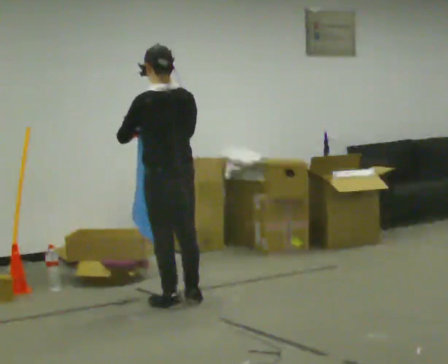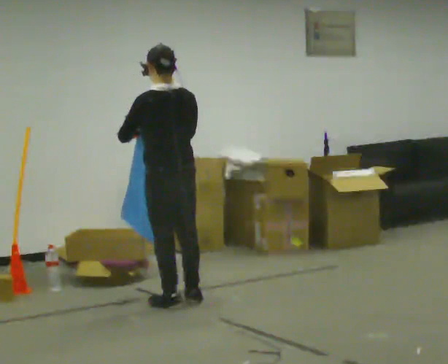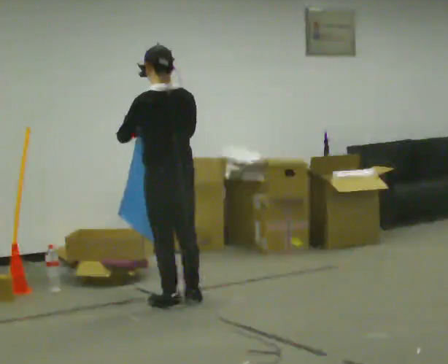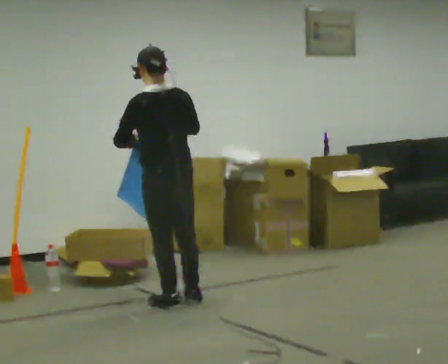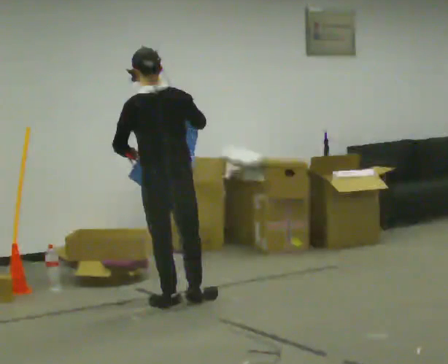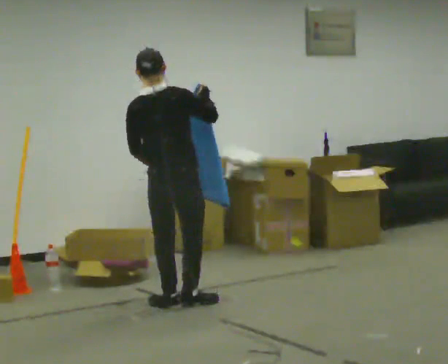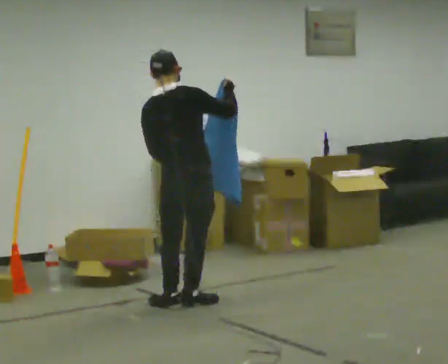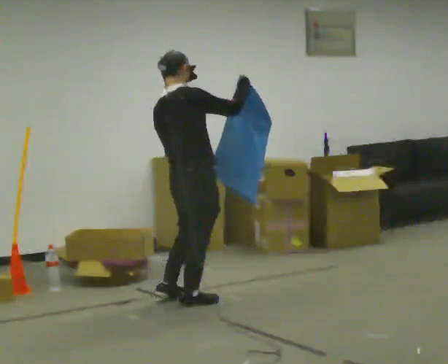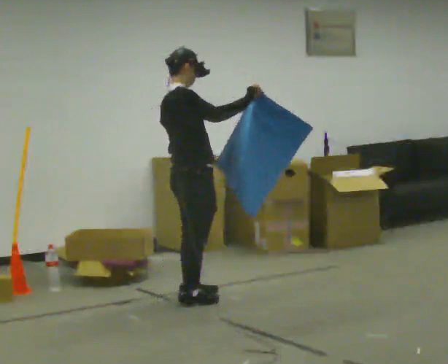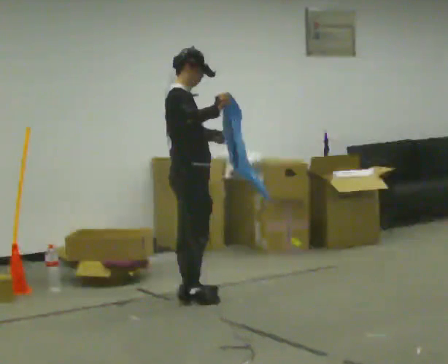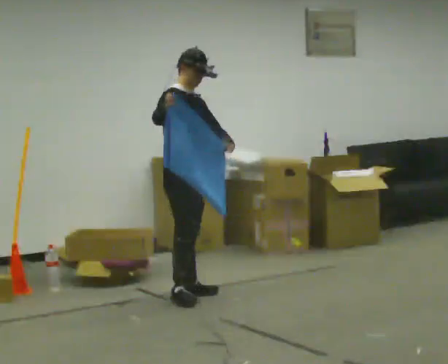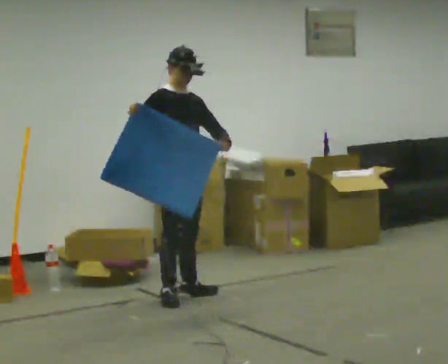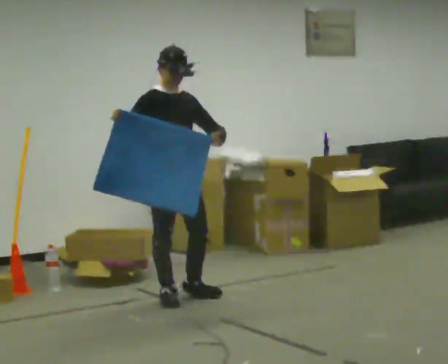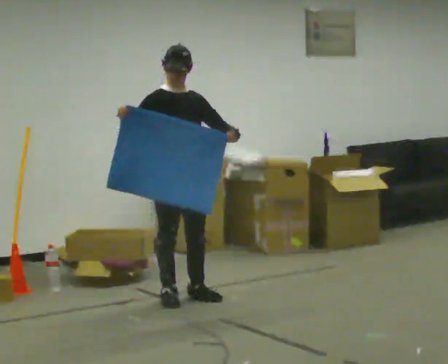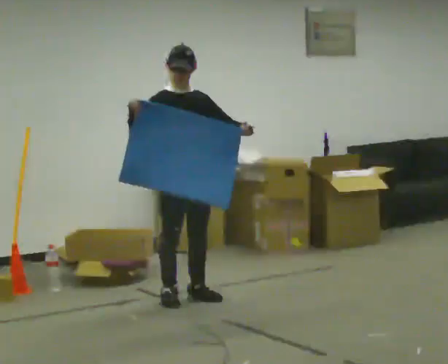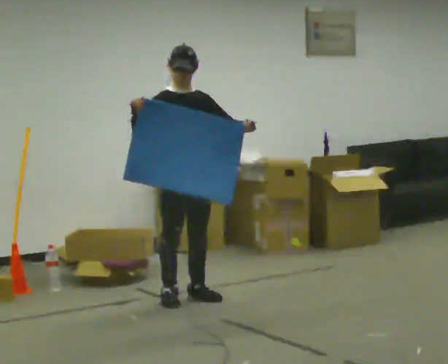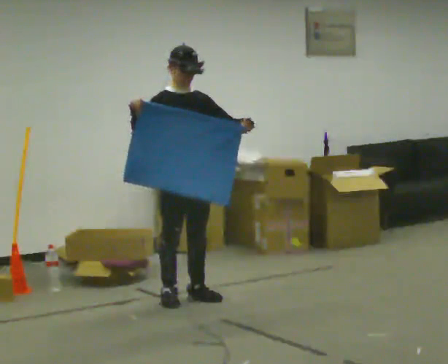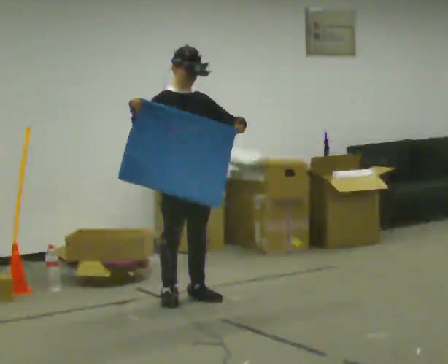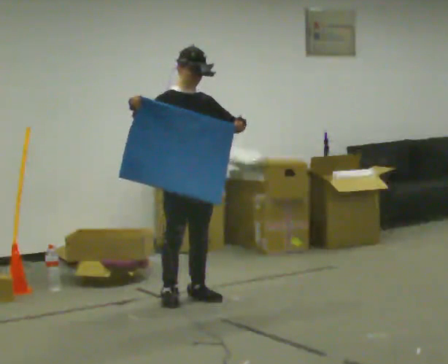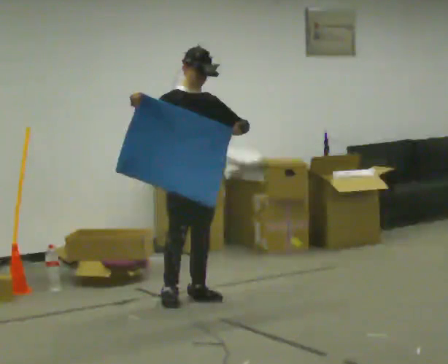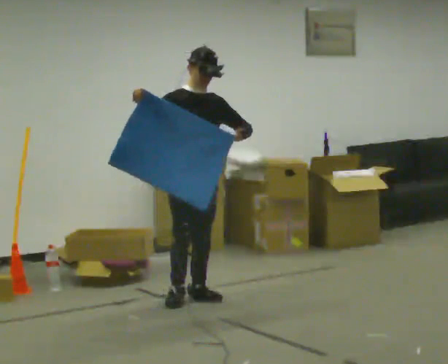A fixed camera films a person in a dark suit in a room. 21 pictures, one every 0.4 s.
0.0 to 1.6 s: The person moves a little, or ends about where they began.
1.6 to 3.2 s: The part of the body nearest the lens slides to the left as the person turns to their right by about 75 degrees. In the picture they go away from the camera and to the right, about 0.25 m in 1 step.
3.2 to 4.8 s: Seen from above the body turns clockwise, about 75 degrees: to their right, with its near side sliding to the left. In the picture their right hand goes to the left.
4.8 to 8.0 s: In the picture they go to the right, about 0.25 m, which for them is to their left.
The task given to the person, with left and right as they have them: Carry the cloth and, while walking, fold it in half, then unfold it. Keep repeating as you walk. Do not stop.
The film runs forward here.
